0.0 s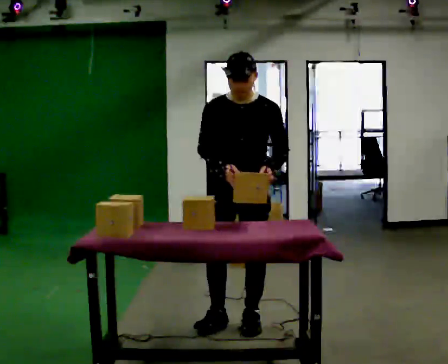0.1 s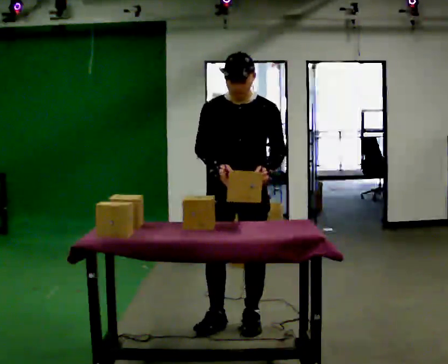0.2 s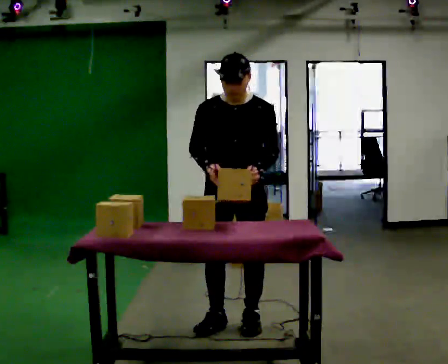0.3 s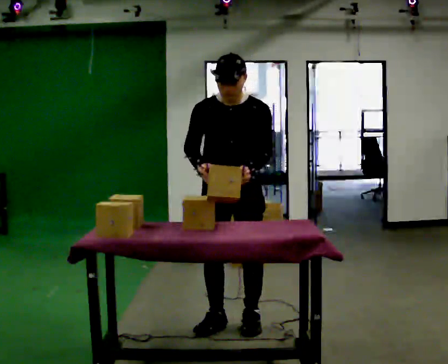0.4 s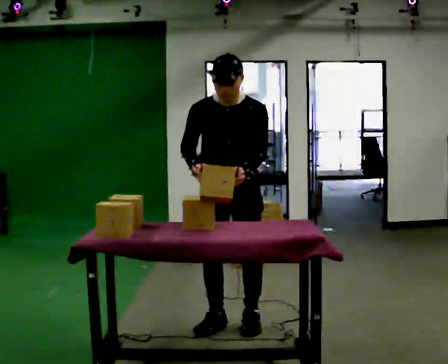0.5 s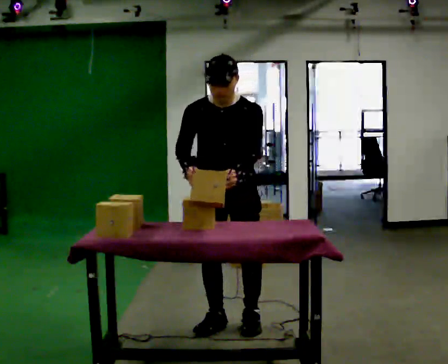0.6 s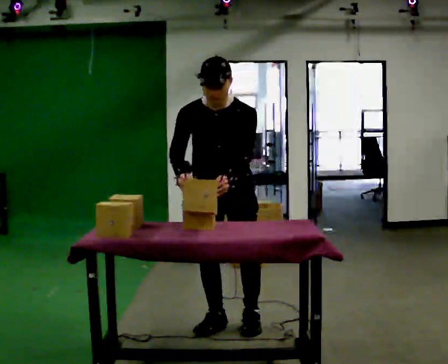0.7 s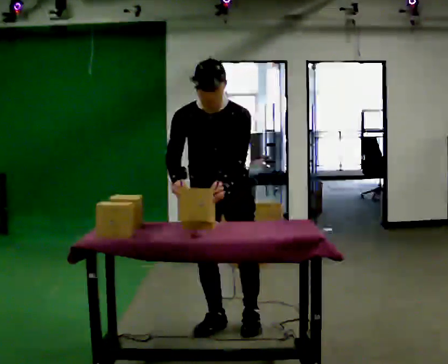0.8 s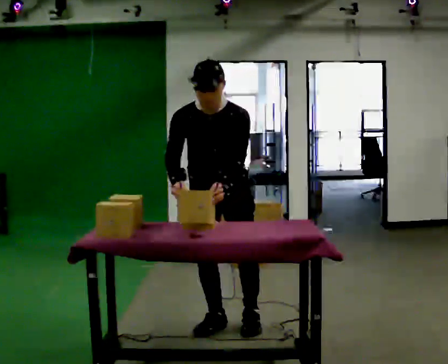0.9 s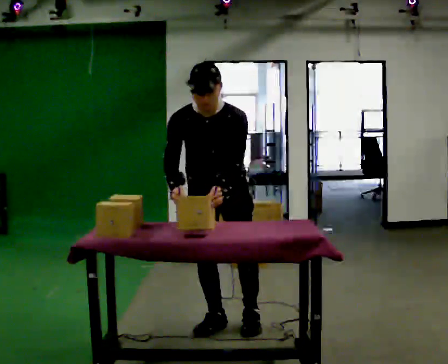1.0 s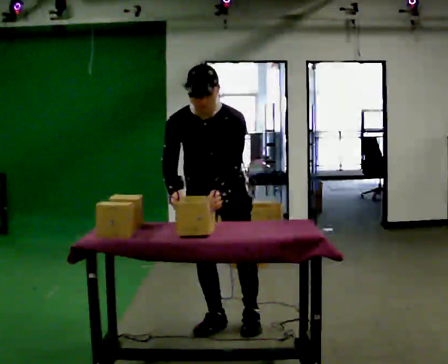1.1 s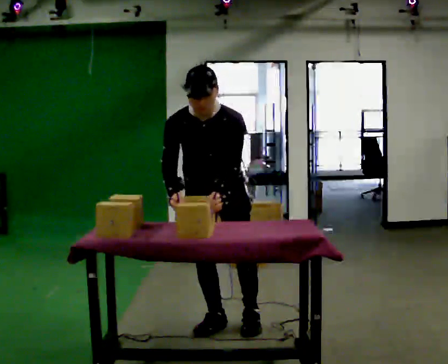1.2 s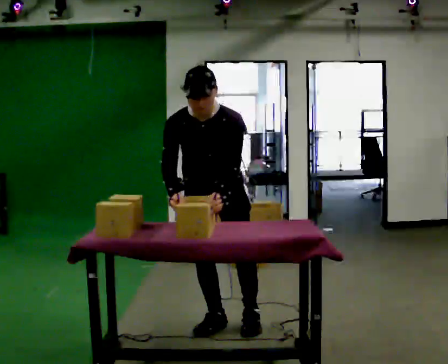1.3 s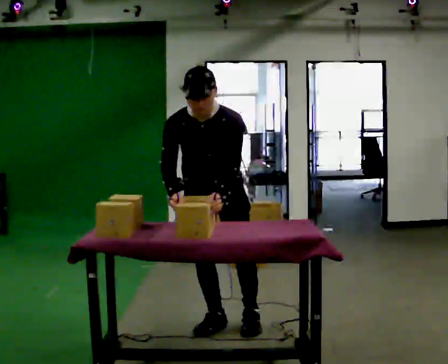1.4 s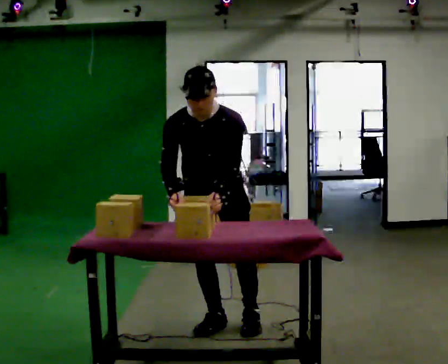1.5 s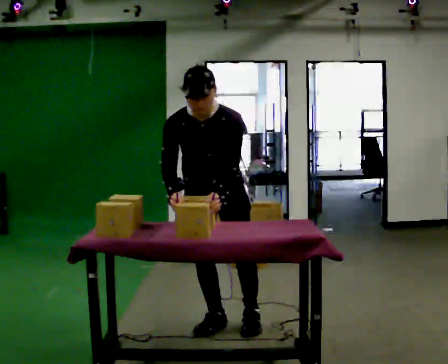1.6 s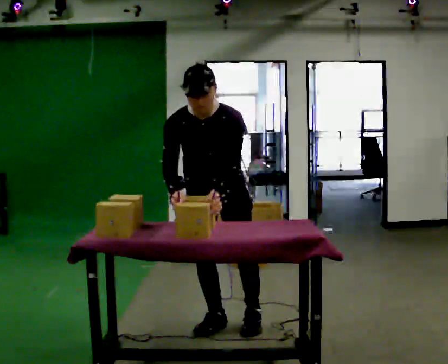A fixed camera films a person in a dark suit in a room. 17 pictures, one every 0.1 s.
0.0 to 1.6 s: The upper body tips toward the camera, its near side rolling downward, as they bend forward.
The film runs forward here.
